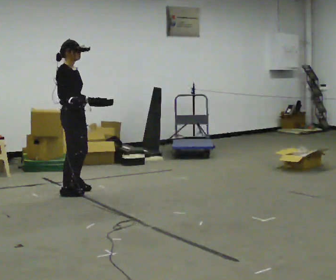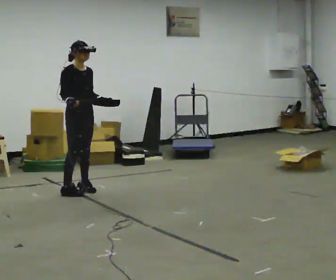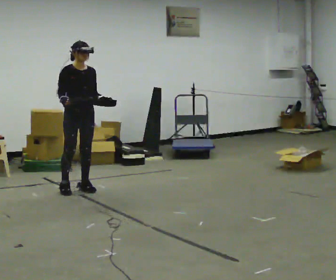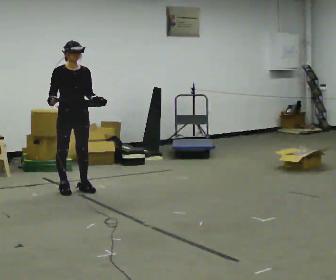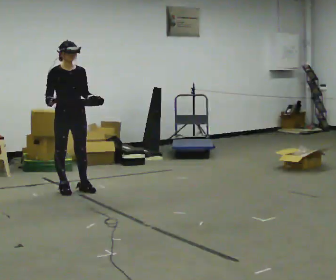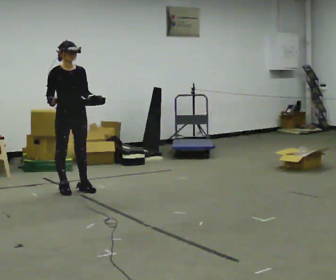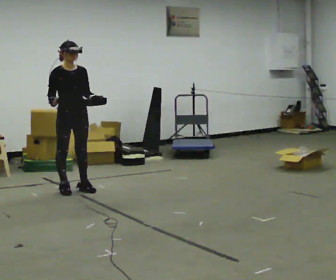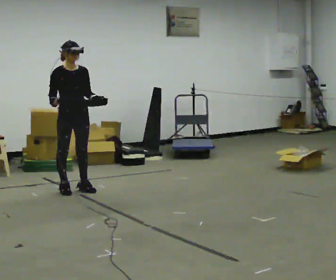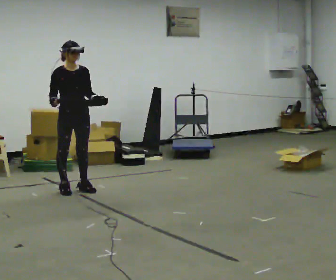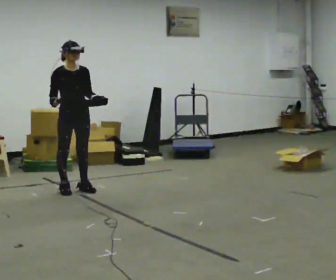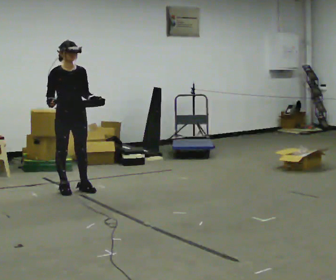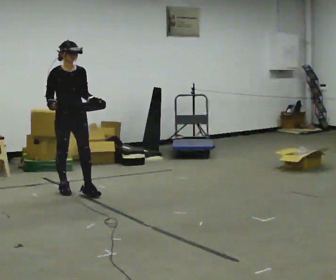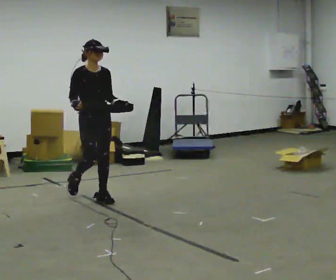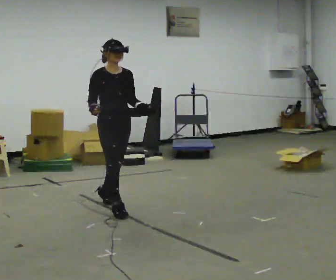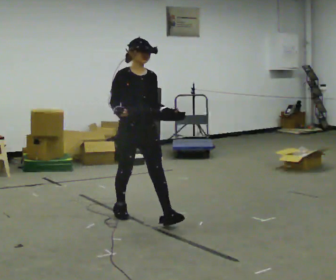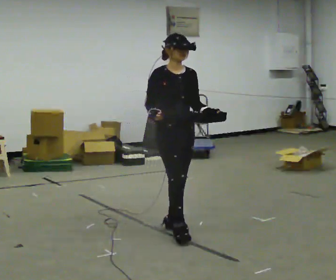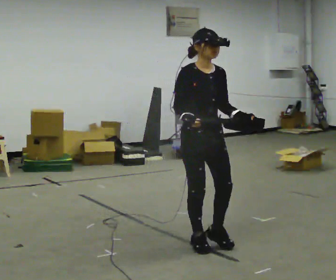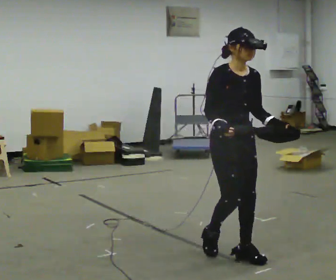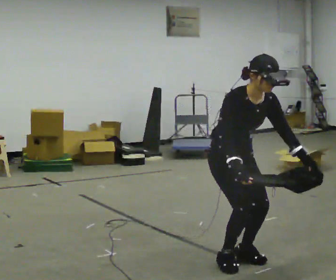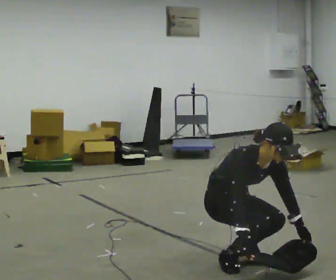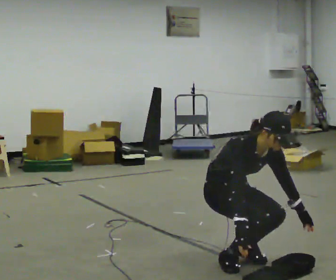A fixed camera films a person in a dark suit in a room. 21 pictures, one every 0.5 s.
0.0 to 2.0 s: The person turns about 45 degrees to their right, clockwise seen from above, so the part of the body nearest the lens slides to the left.
2.0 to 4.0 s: The person moves a little, or ends about where they began.
4.0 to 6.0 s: In the picture they go toward the camera and to the right, about 0.5 m in 1 step, which for them is forward.
6.0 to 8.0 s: In the picture they go toward the camera and to the right, about 1.5 m in 3 steps, which for them is forward.
8.0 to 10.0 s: In the picture they go toward the camera, about 0.25 m in 2 steps, which for them is forward. The upper body tips toward the camera, its near side rolling downward, as they bend forward. In the picture their right hand goes downward.
The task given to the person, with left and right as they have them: Carry the box with its lid hanging open across the room, back and forth.
The film runs forward here.
